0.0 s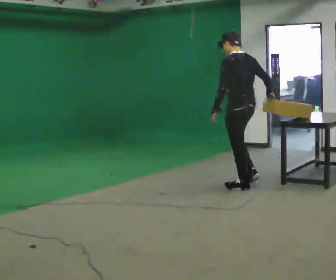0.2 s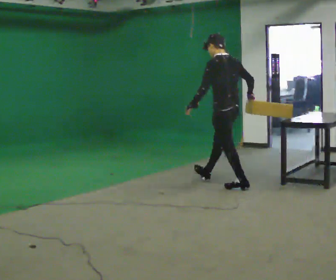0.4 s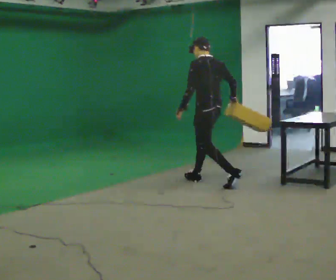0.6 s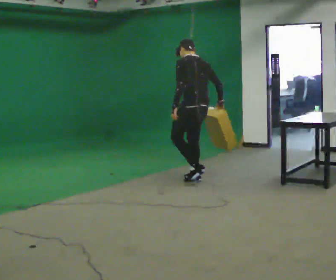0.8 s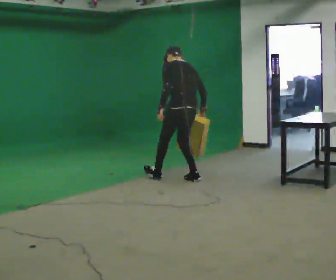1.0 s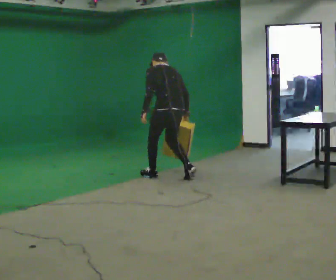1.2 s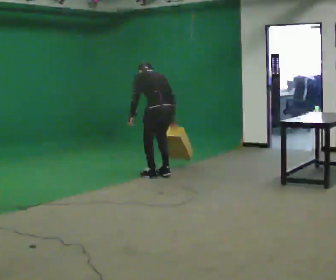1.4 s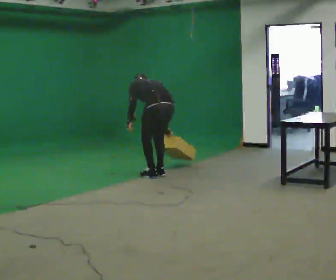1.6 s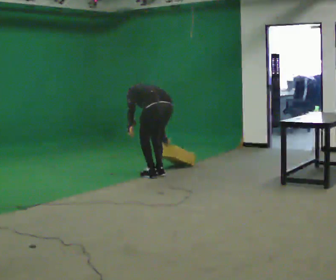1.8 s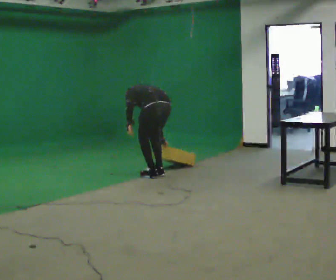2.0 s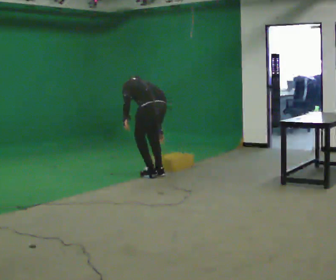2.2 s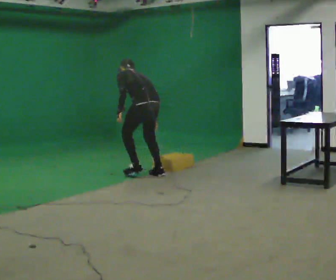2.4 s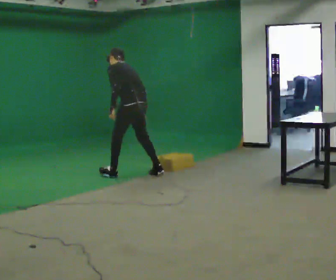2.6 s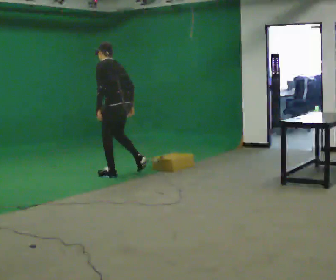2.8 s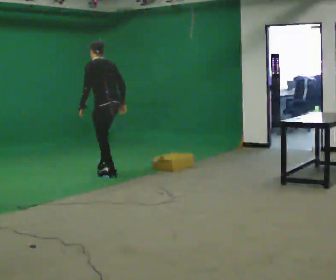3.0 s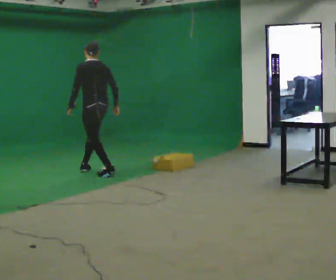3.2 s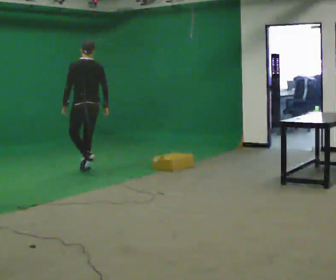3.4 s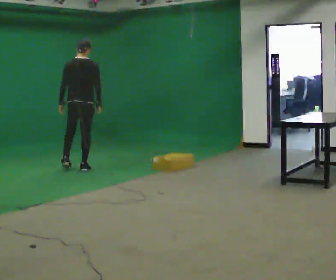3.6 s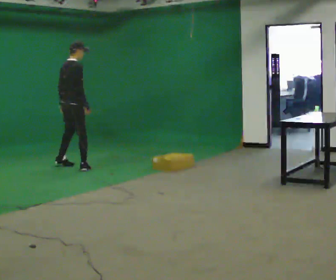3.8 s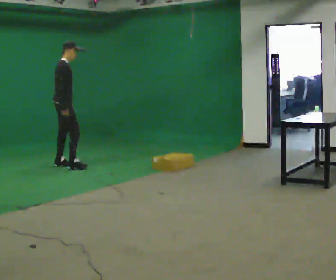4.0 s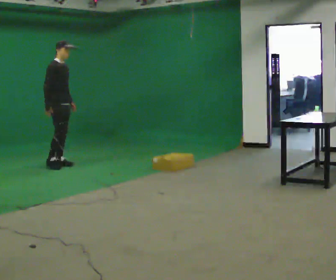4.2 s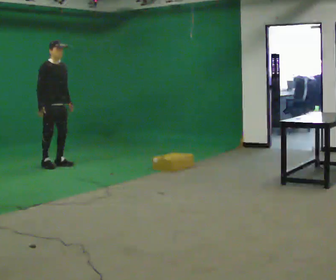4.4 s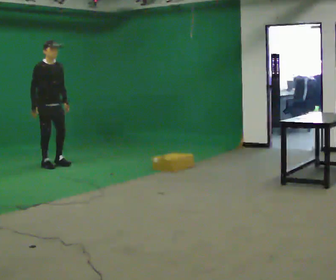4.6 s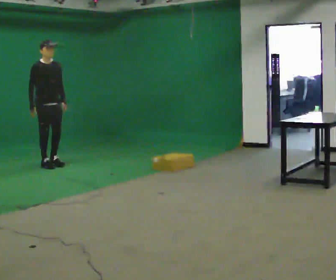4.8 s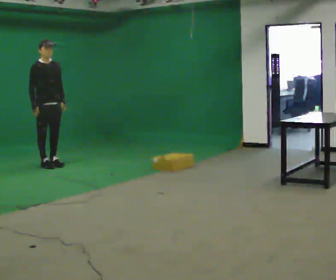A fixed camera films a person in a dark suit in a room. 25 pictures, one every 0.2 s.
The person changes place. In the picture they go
to the left.
0.0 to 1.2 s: In the picture they go to the left and away from the camera, about 1 m in 2 steps, which for them is forward. The upper body goes downward. The upper body tips away from the camera, its near side rolling upward, as they bend forward.
1.2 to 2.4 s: In the picture they go to the left and away from the camera, about 0.5 m in 1 step, which for them is forward.
2.4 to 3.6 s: The part of the body nearest the lens slides to the left as the person turns to their right by about 105 degrees. In the picture they go to the left and away from the camera, about 1 m in 3 steps. In the picture the upper body tilts clockwise, shoulders to the right, as they lean back or straighten.
3.6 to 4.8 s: The person turns about 90 degrees to their right, clockwise seen from above, so the part of the body nearest the lens slides to the left. In the picture they go to the left, about 0.5 m in 1 step.
The film runs forward here.
